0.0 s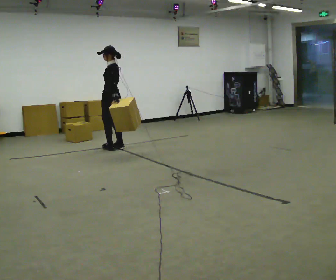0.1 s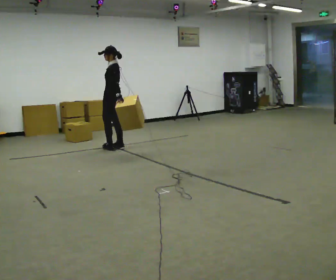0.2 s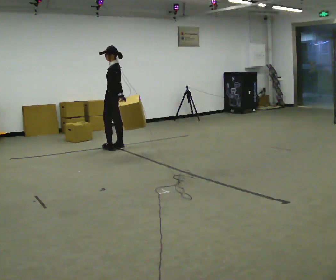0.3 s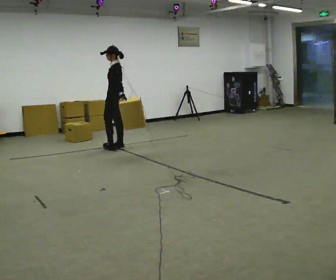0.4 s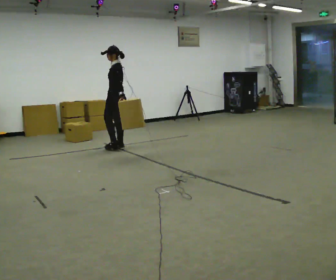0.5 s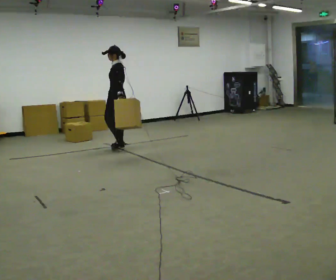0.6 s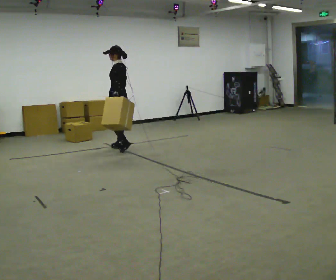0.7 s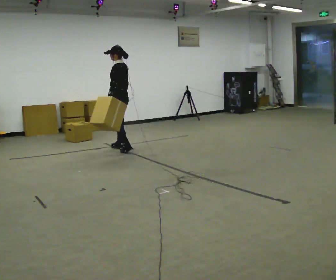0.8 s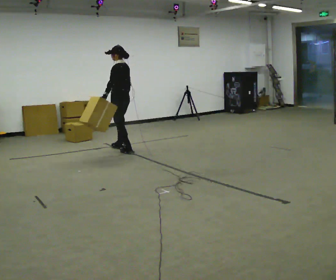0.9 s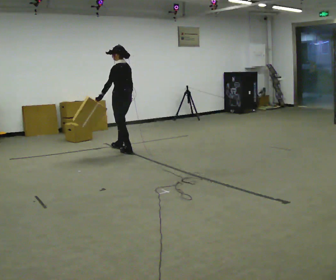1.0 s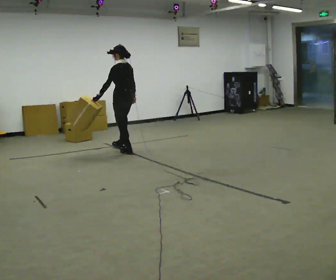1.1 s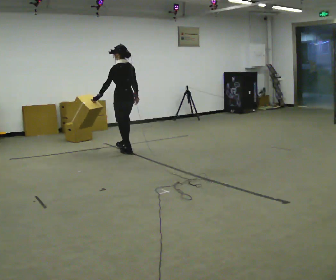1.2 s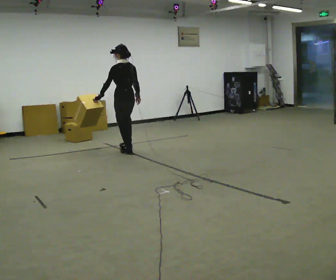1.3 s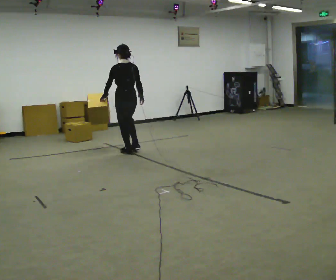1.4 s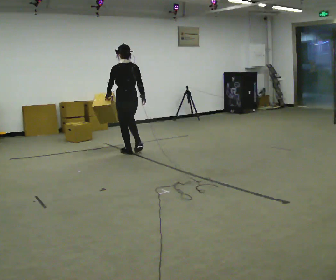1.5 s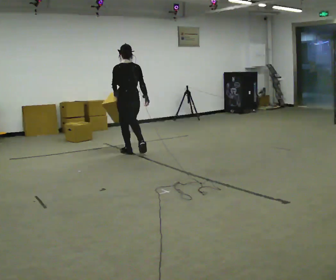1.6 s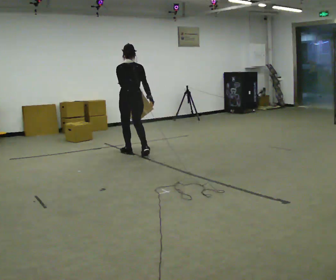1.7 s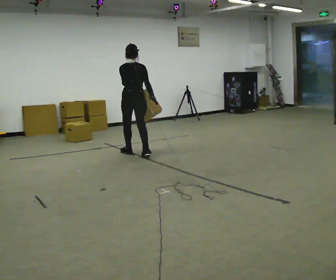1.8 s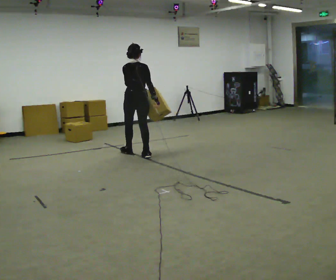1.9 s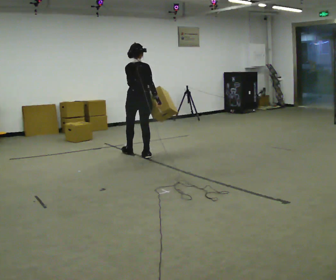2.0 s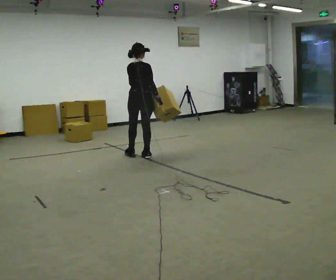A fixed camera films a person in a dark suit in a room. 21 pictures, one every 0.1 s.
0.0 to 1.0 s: In the picture they go toward the camera and to the right, about 0.25 m in 2 steps, which for them is backward and to their left.
1.0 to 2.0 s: The person turns about 60 degrees to their right, clockwise seen from above, so the part of the body nearest the lens slides to the left. In the picture they go toward the camera and to the right, about 0.5 m in 1 step.
The film runs backward here.
